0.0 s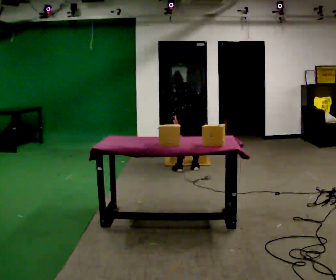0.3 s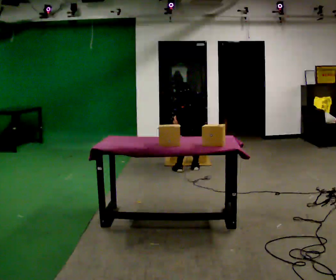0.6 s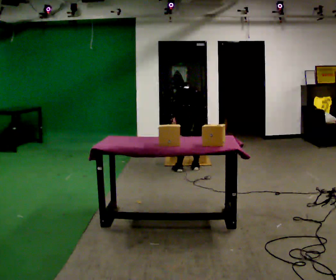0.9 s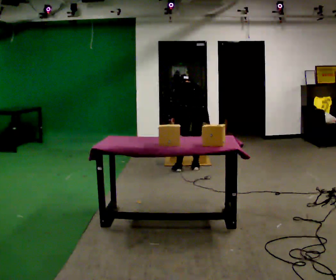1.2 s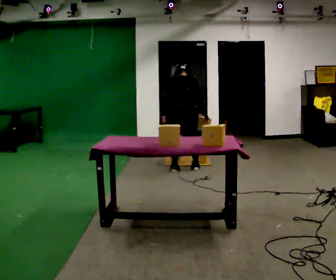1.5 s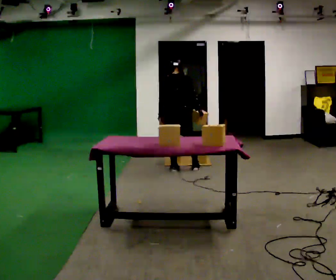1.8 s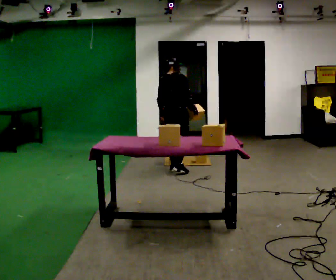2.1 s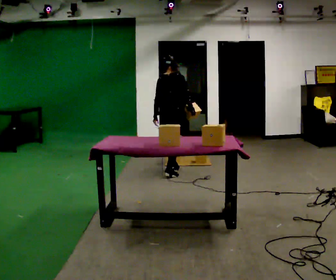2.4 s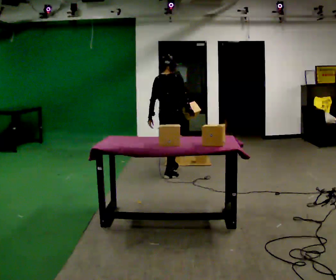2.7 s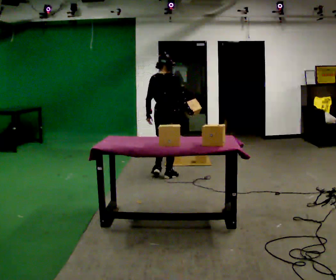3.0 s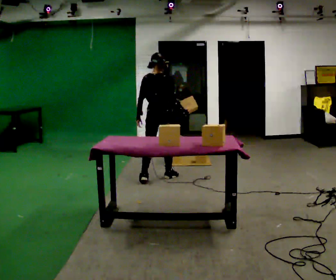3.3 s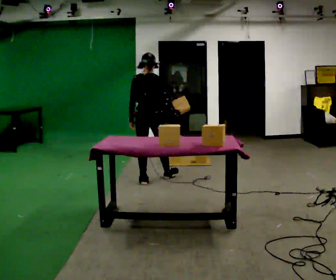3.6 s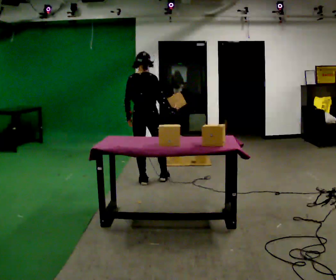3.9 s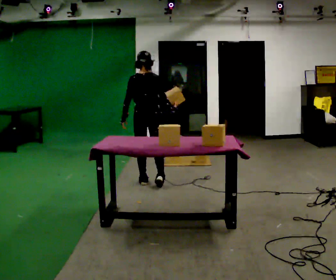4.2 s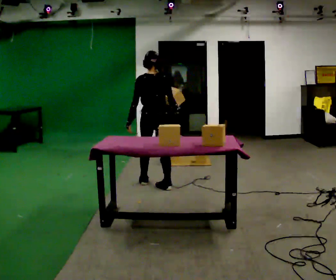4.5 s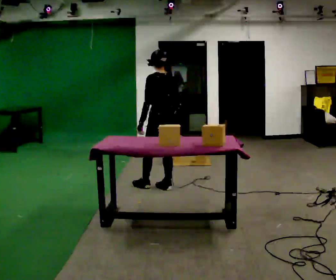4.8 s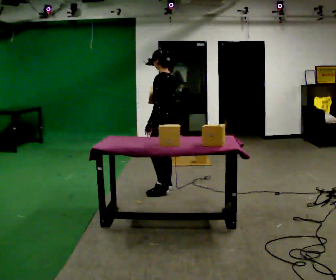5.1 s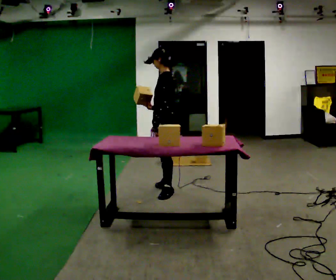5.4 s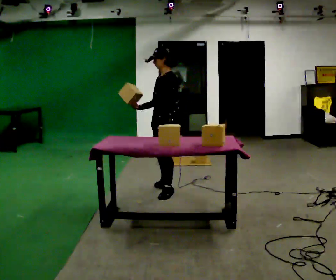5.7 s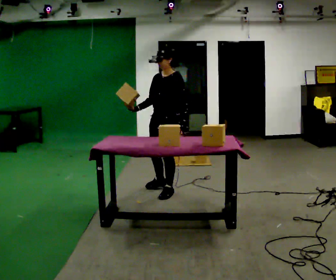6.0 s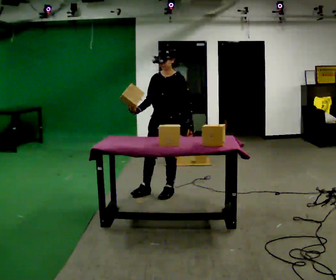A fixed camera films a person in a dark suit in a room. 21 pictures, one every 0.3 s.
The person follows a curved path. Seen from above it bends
counterclockwise.
The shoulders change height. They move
upward.
0.0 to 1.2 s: The shoulders move upward. The upper body tips toward the camera, its near side rolling downward, as they lean back or straighten.
1.2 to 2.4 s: The person turns about 30 degrees to their right, clockwise seen from above, so the part of the body nearest the lens slides to the left. In the picture they go toward the camera and to the left, about 0.25 m in 2 steps, which for them is backward. The upper body tips toward the camera, its near side rolling downward, as they lean back or straighten.
2.4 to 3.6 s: In the picture they go toward the camera and to the left, about 0.5 m in 1 step, which for them is backward.
3.6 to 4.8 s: The person turns about 90 degrees to their left, counterclockwise seen from above, so the part of the body nearest the lens slides to the right. In the picture they go to the right and toward the camera, about 0.25 m in 1 step.
4.8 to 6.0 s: Seen from above the body turns counterclockwise, about 90 degrees: to their left, with its near side sliding to the right. In the picture they go toward the camera, about 0.25 m in 1 step. In the picture their right hand goes to the left.
The film runs backward here.
